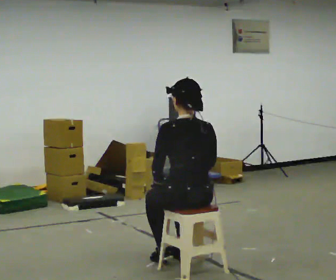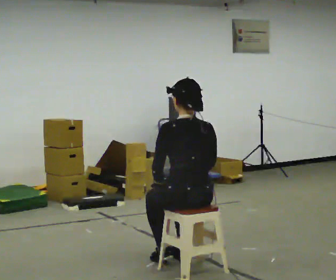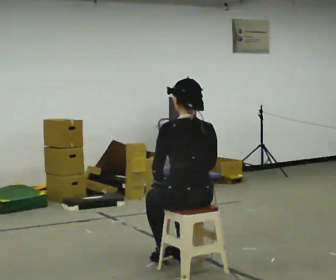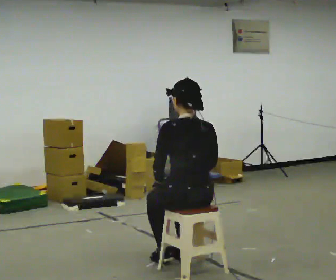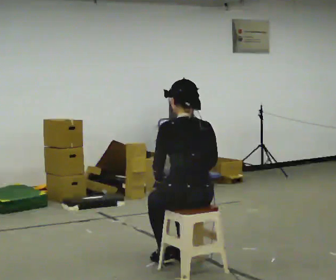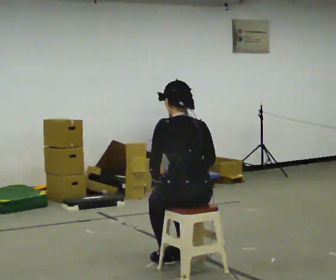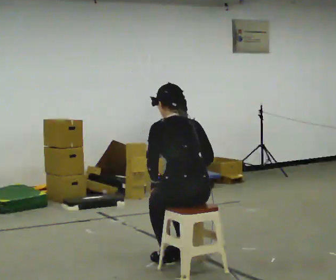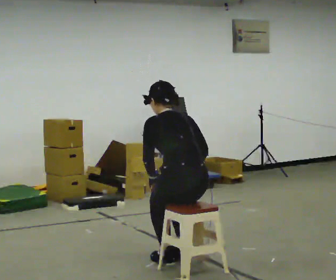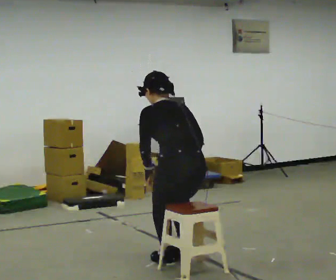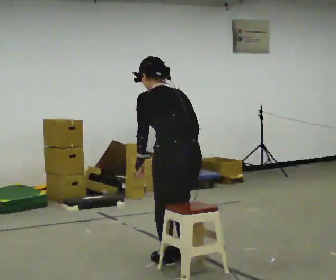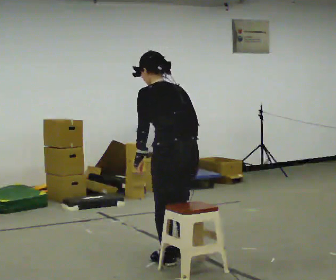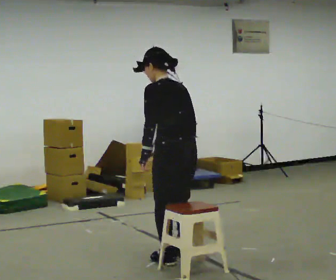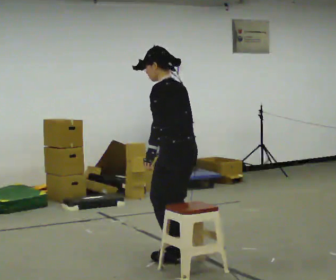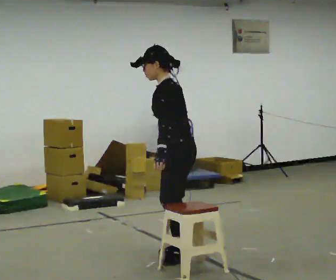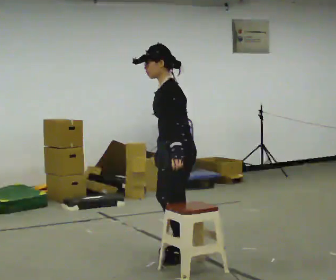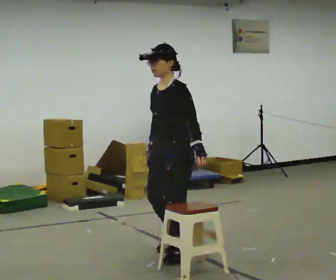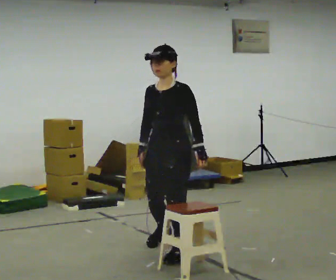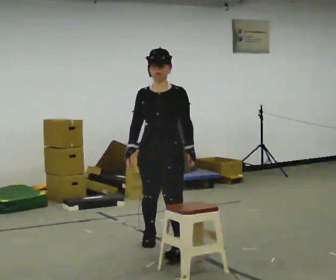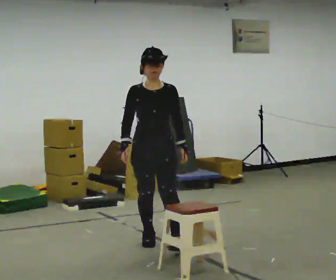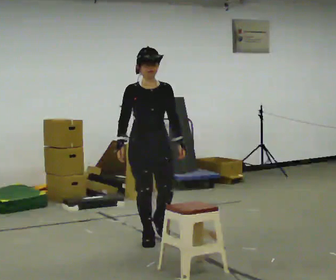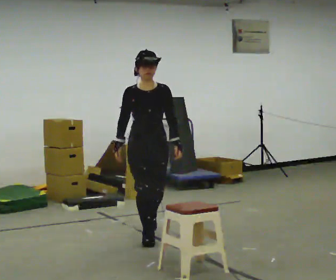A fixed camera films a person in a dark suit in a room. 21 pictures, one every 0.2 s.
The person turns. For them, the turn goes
to their left.
The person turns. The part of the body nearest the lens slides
to the right.
0.0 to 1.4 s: The upper body tips away from the camera, its near side rolling upward, as they bend forward.
1.4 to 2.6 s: The part of the body nearest the lens slides to the right as the person turns to their left by about 60 degrees. In the picture they go away from the camera, about 0.25 m in 1 step, which for them is forward and to their right. The upper body goes upward. The upper body tips toward the camera, its near side rolling downward, as they lean back or straighten.
2.6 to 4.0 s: The part of the body nearest the lens slides to the right as the person turns to their left by about 120 degrees. In the picture they go away from the camera and to the left, about 0.5 m in 2 steps. In the picture the upper body tilts clockwise, shoulders to the right.
The film runs backward here.
